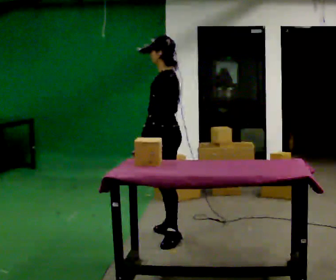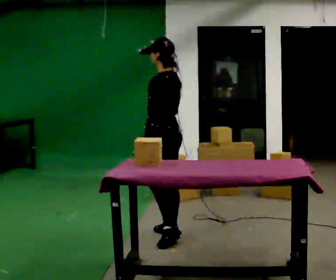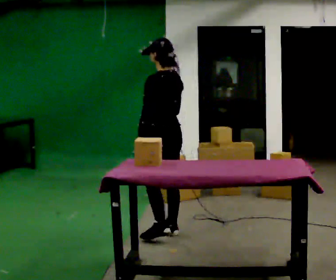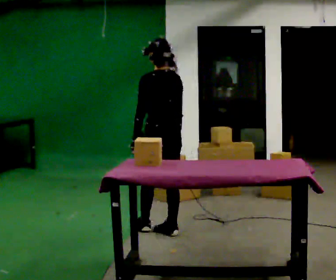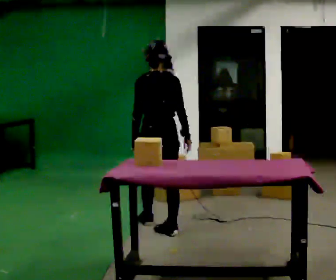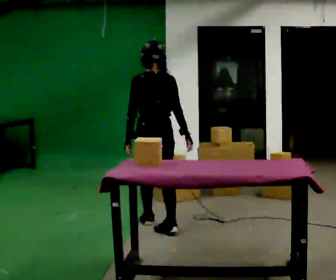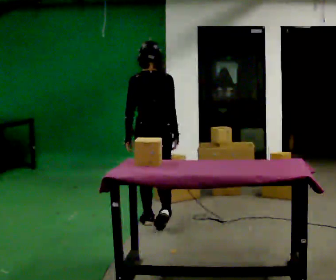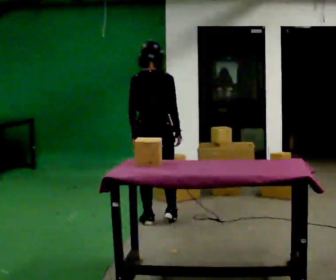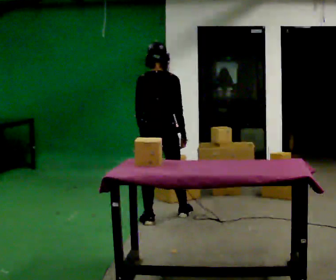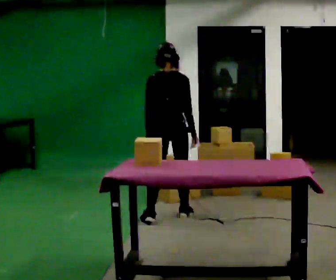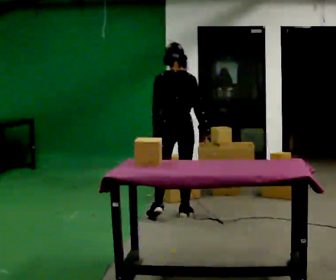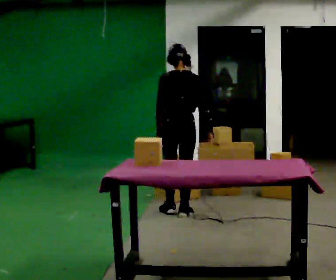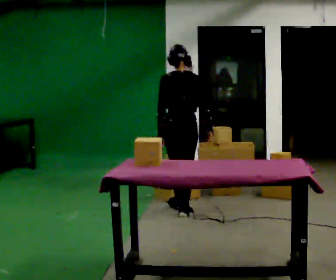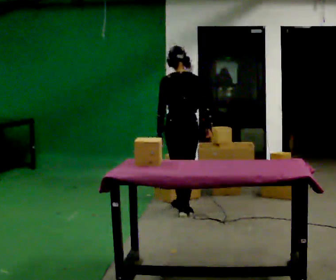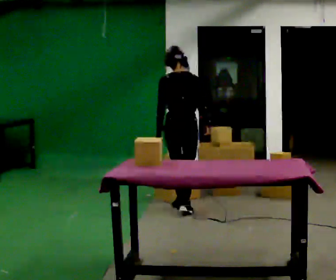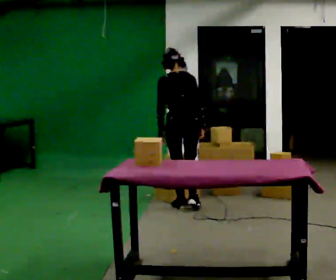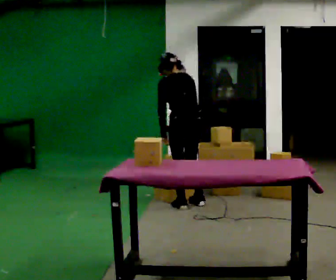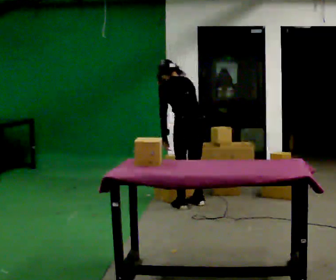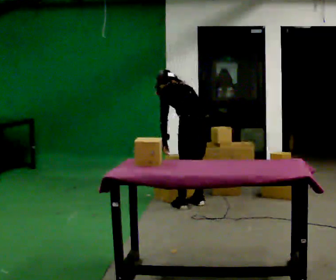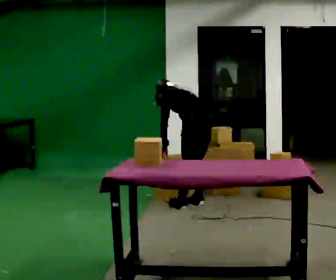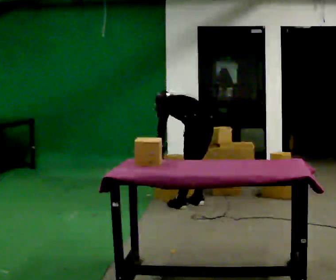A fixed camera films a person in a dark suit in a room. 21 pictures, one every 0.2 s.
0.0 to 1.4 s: The part of the body nearest the lens slides to the left as the person turns to their right by about 90 degrees. In the picture they go away from the camera, about 0.5 m in 1 step.
1.4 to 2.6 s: In the picture they go away from the camera and to the right, about 0.5 m in 2 steps, which for them is forward and to their right.
2.6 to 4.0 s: The person turns about 45 degrees to their left, counterclockwise seen from above, so the part of the body nearest the lens slides to the right. In the picture they go to the right and away from the camera, about 0.25 m in 1 step, which for them is to their right. The upper body goes downward. The upper body tips away from the camera, its near side rolling upward, as they bend forward.
The film runs forward here.
